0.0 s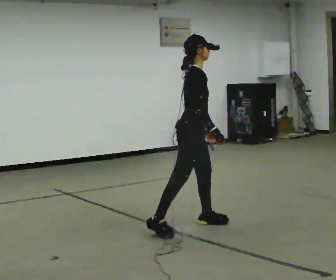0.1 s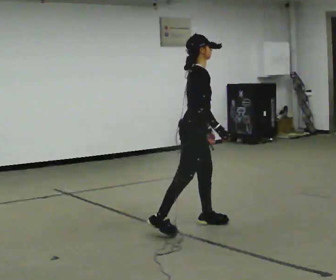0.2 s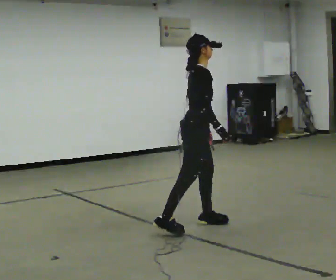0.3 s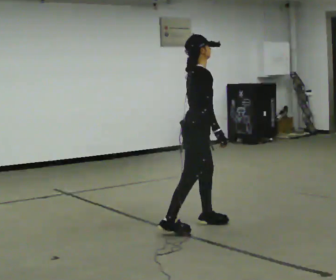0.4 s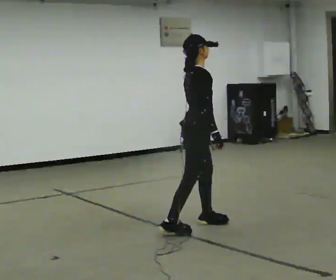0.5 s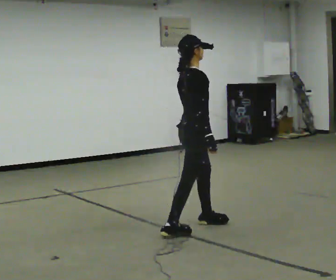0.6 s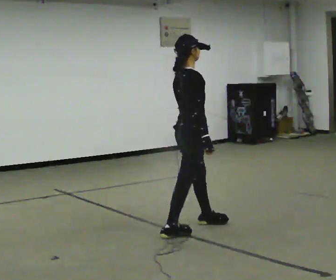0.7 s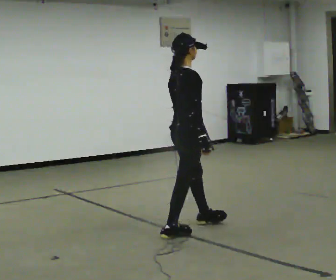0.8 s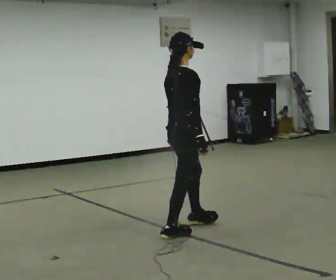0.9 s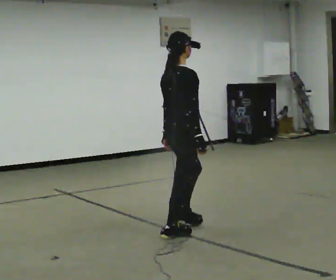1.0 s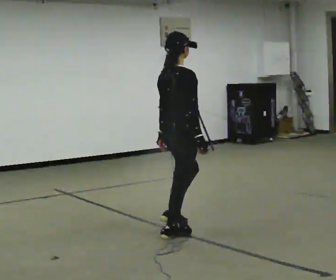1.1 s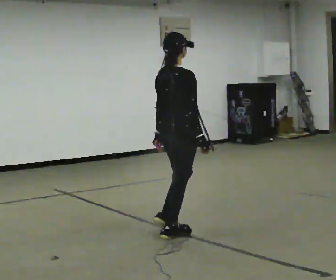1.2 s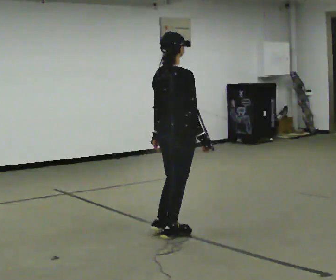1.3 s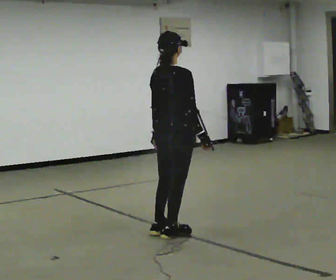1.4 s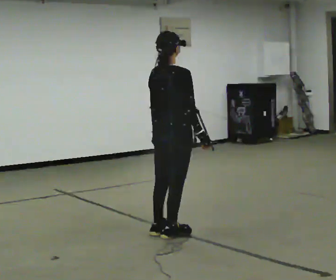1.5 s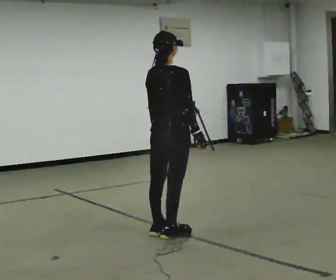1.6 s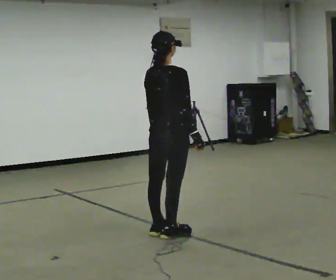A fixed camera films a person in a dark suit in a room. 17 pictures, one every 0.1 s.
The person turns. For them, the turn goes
to their left.
The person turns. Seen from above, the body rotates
counterclockwise.
0.0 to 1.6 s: Seen from above the body turns counterclockwise, about 60 degrees: to their left, with its near side sliding to the right. In the picture they go toward the camera and to the left, about 0.25 m in 1 step.
The film runs backward here.
